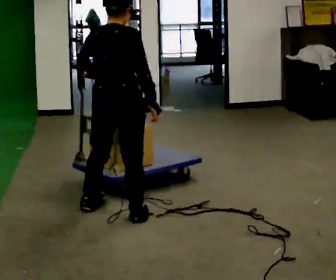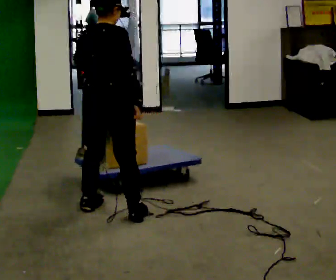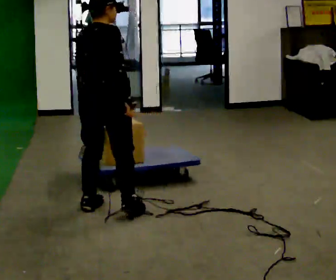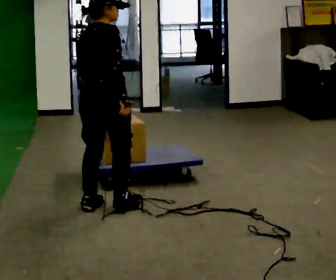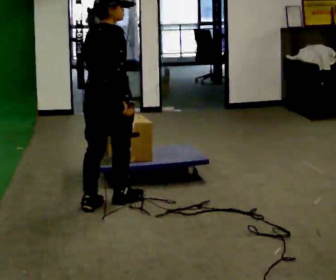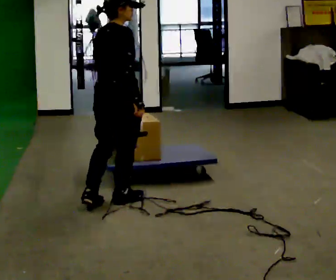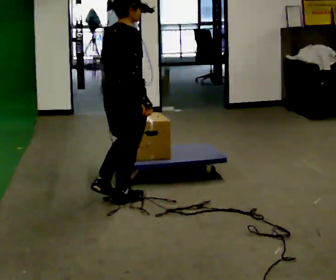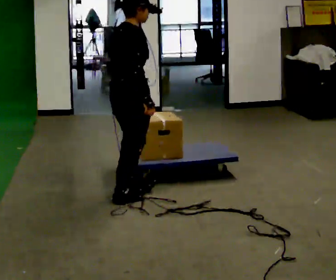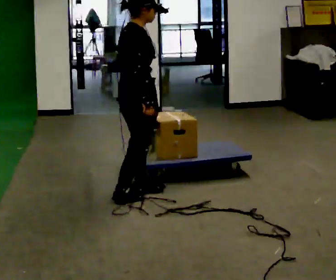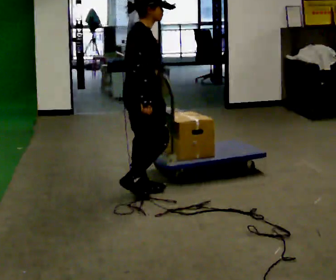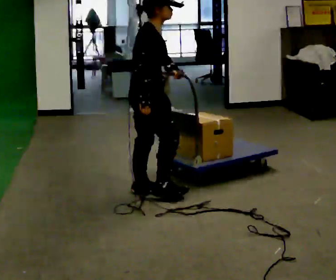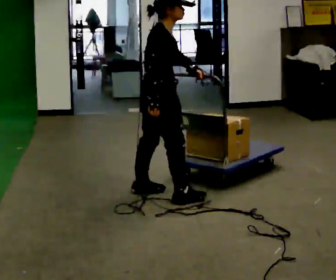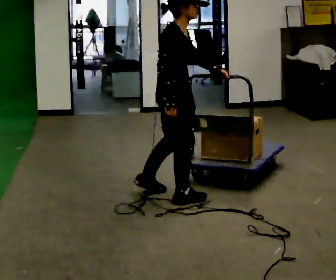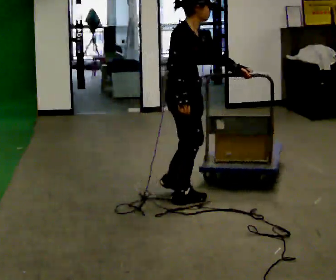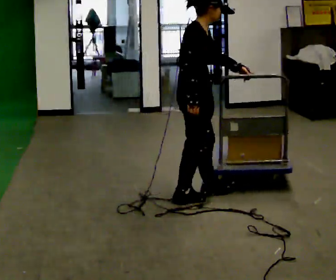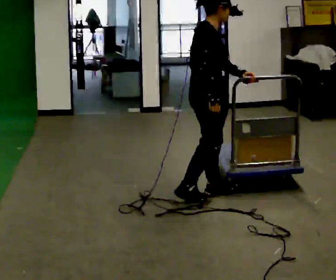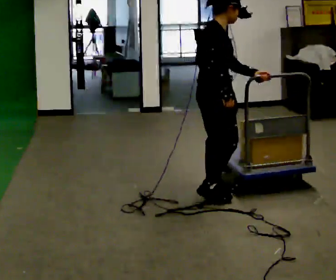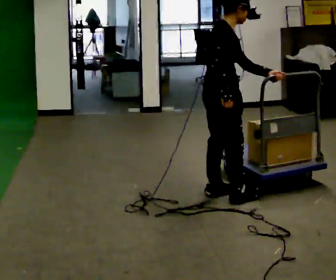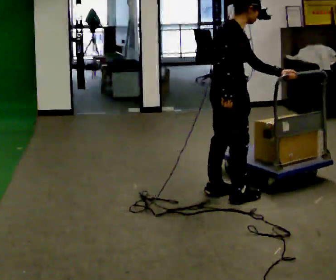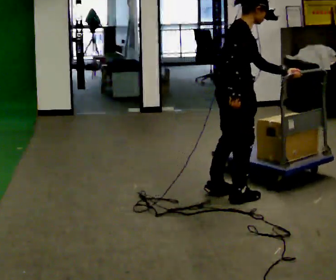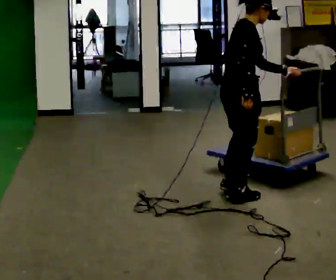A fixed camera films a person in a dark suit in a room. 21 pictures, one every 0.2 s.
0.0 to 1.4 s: The person turns about 45 degrees to their right, clockwise seen from above, so the part of the body nearest the lens slides to the left. In the picture they go away from the camera, about 0.25 m in 1 step, which for them is forward.
1.4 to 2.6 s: The person turns about 30 degrees to their right, clockwise seen from above, so the part of the body nearest the lens slides to the left. In the picture they go to the right, about 0.25 m in 2 steps, which for them is forward.
2.6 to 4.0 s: In the picture they go to the right, about 0.5 m in 2 steps, which for them is forward.
The film runs forward here.
